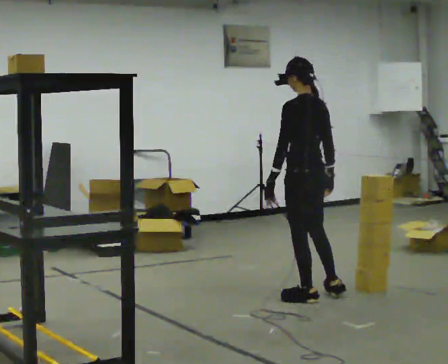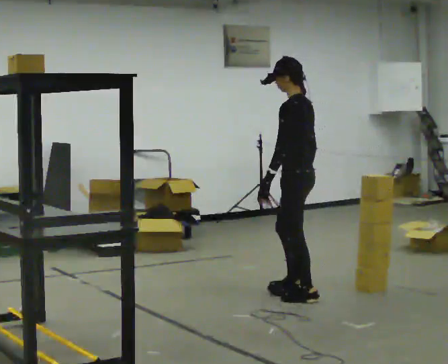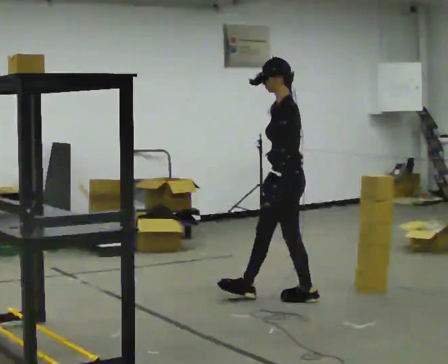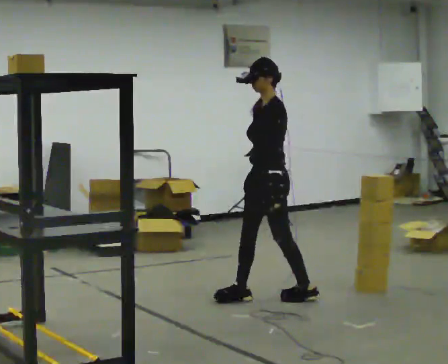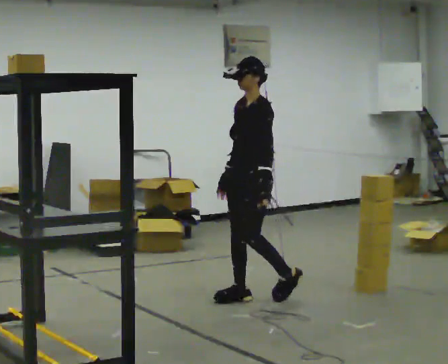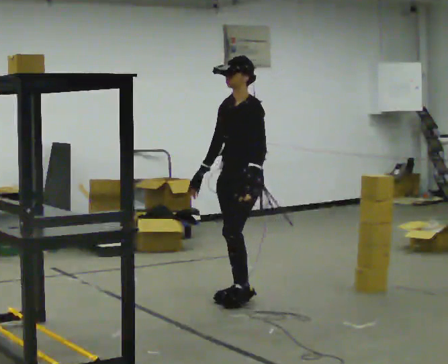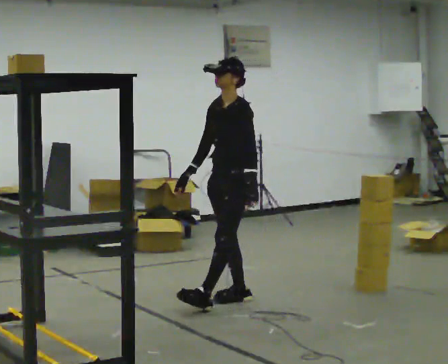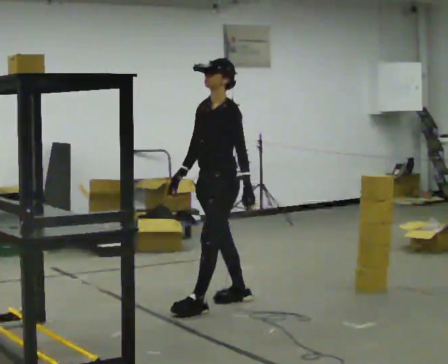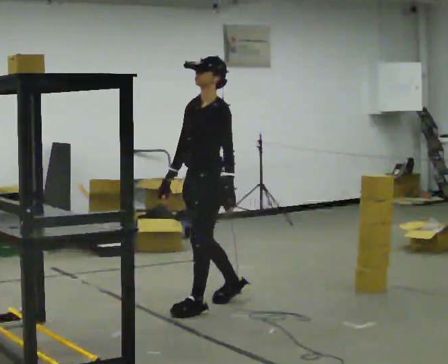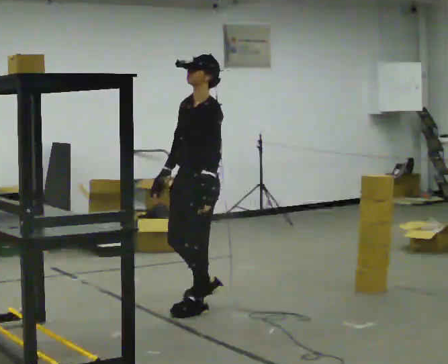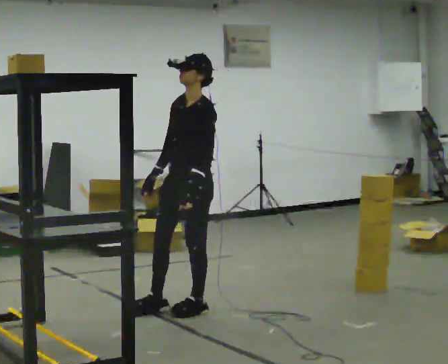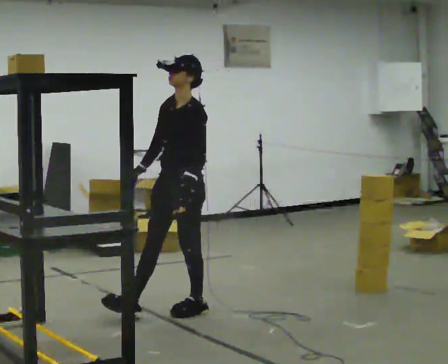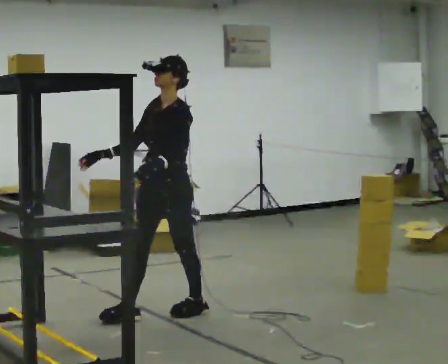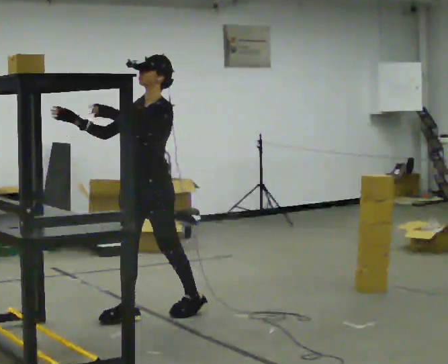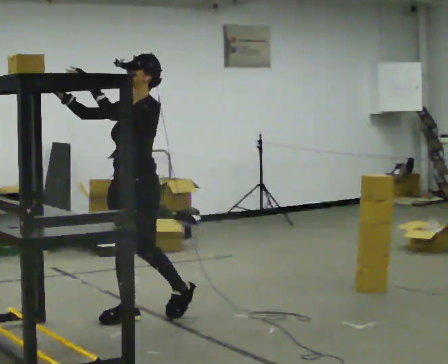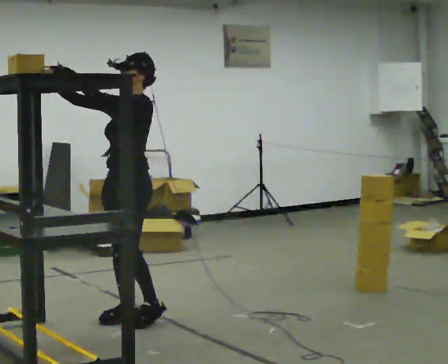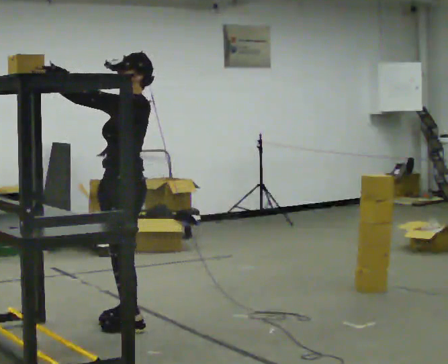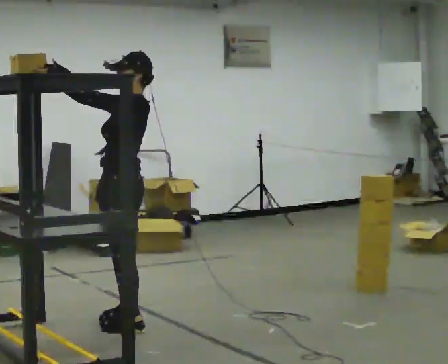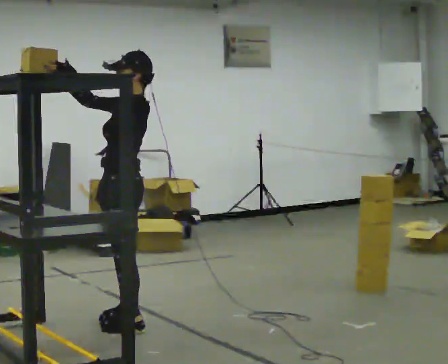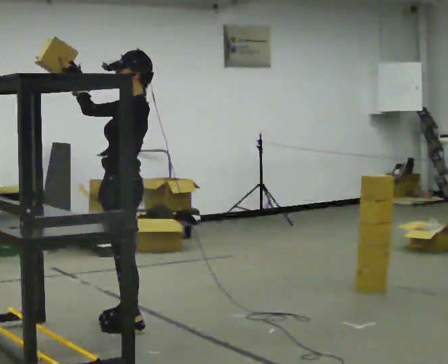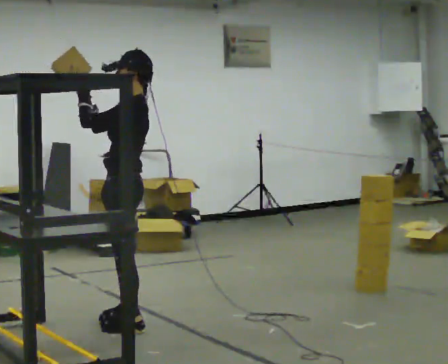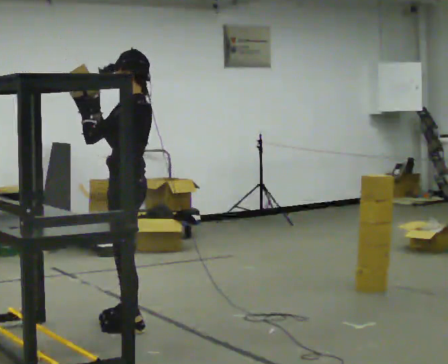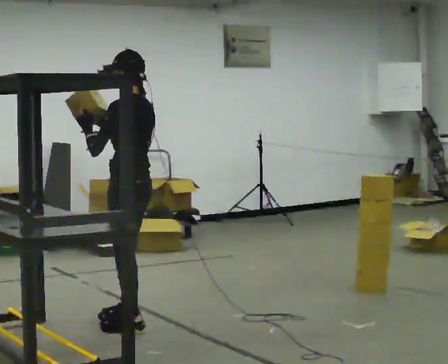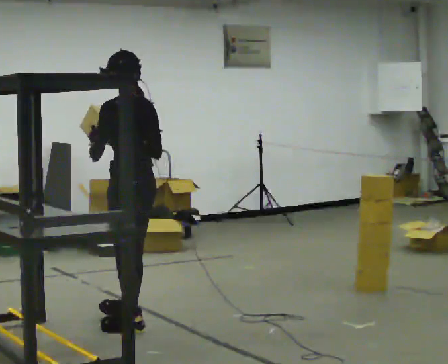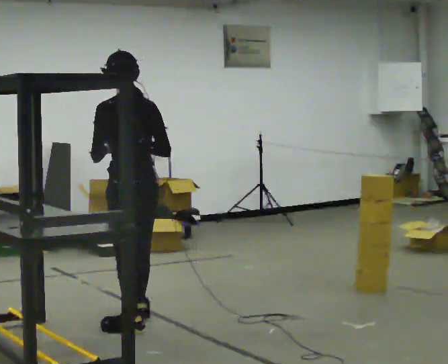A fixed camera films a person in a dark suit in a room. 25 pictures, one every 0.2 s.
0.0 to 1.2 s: The person turns about 75 degrees to their left, counterclockwise seen from above, so the part of the body nearest the lens slides to the right. In the picture they go to the left, about 0.5 m in 1 step.
1.2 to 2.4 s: In the picture they go to the left and toward the camera, about 0.5 m in 2 steps, which for them is forward.
2.4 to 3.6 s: The part of the body nearest the lens slides to the left as the person turns to their right by about 30 degrees. In the picture they go to the left and toward the camera, about 0.25 m in 1 step, which for them is forward. In the picture their left hand goes upward.
3.6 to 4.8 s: The person turns about 75 degrees to their right, clockwise seen from above, so the part of the body nearest the lens slides to the left. In the picture their right hand goes to the right and downward.
The film runs forward here.
